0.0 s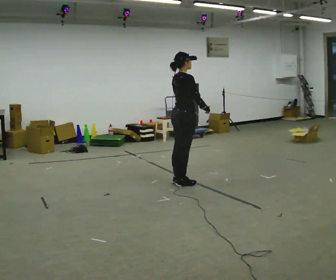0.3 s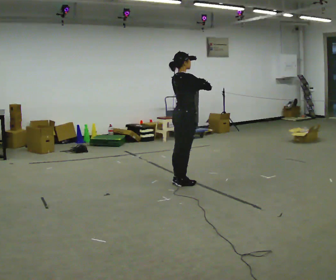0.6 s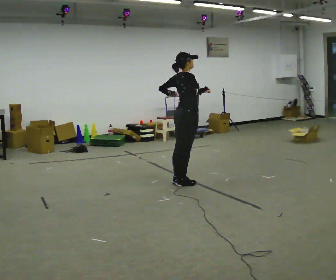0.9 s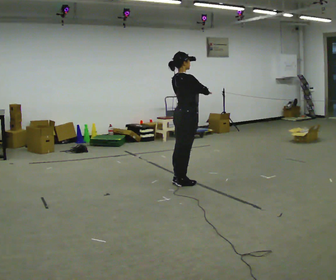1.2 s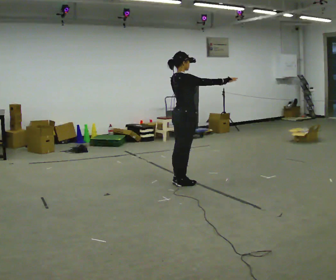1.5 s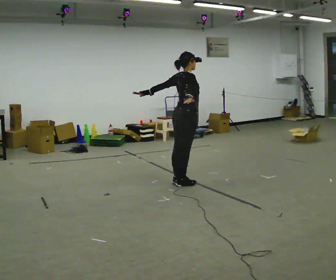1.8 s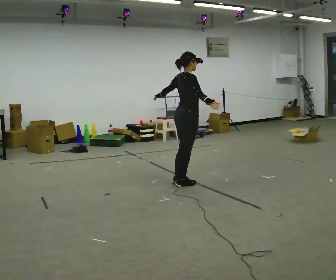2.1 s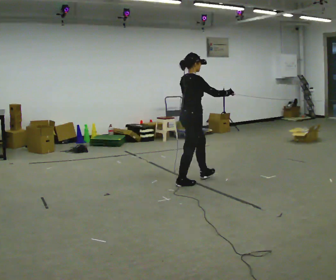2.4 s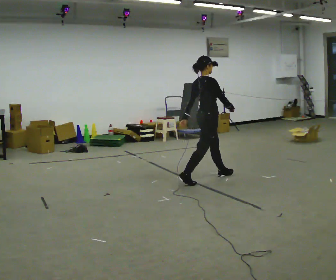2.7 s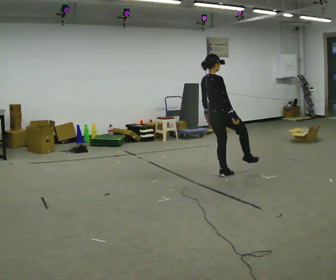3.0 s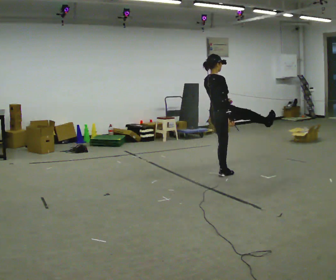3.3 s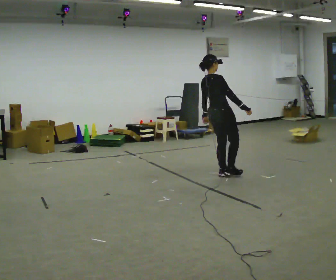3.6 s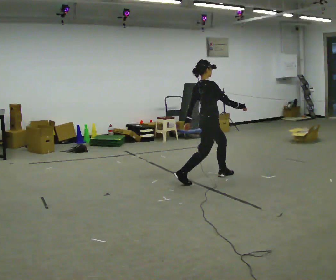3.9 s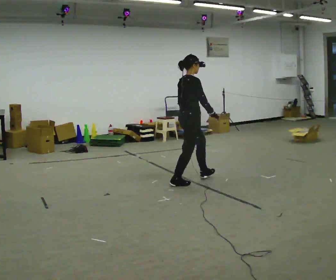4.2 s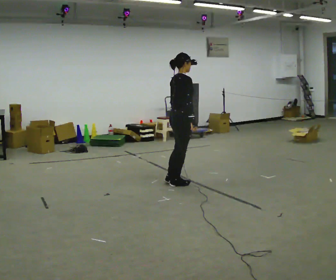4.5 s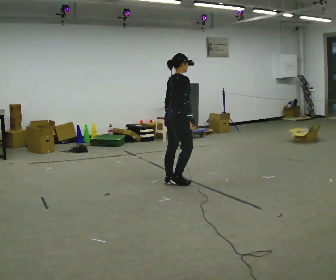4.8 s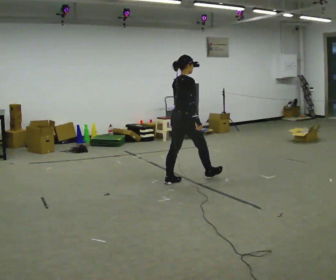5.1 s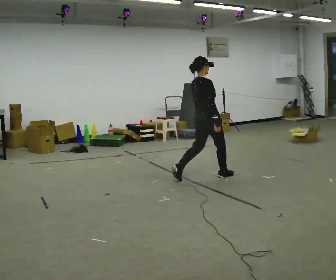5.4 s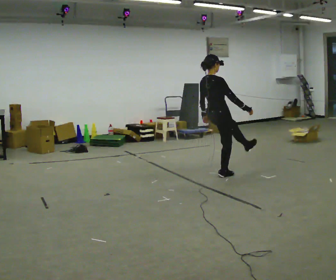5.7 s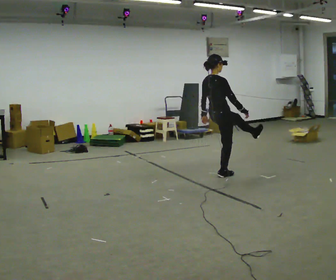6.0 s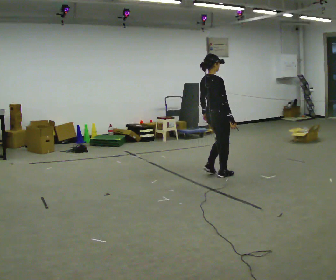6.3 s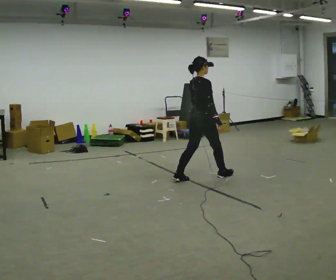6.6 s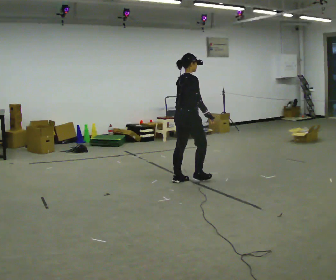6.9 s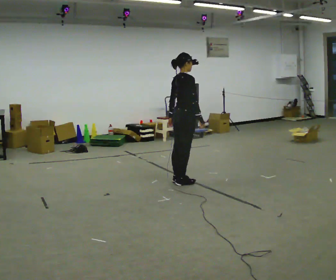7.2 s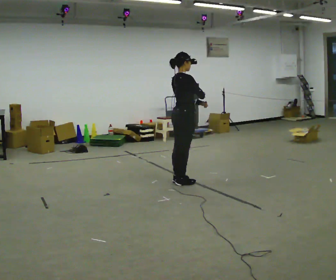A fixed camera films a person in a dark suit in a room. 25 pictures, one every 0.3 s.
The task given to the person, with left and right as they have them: Repeat a short dance step or sequence over and over in time with a steady beat.
0.0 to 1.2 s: The person moves a little, or ends about where they began.
1.2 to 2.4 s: In the picture they go to the right and away from the camera, about 0.25 m in 1 step, which for them is forward. In the picture their left hand goes downward.
2.4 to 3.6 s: The person moves a little, or ends about where they began.
3.6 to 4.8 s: In the picture they go to the left, about 0.25 m in 1 step, which for them is backward.
4.8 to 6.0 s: In the picture they go to the right and away from the camera, about 0.5 m in 2 steps, which for them is forward.
6.0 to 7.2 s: In the picture they go to the left and toward the camera, about 0.5 m in 2 steps, which for them is backward. In the picture their right hand goes upward.
The film runs forward here.
